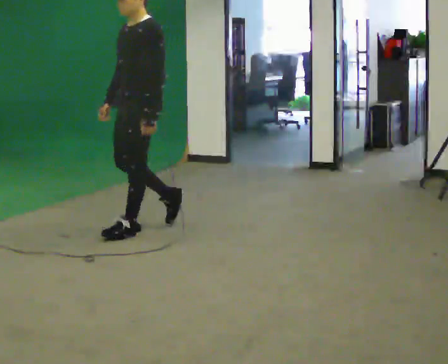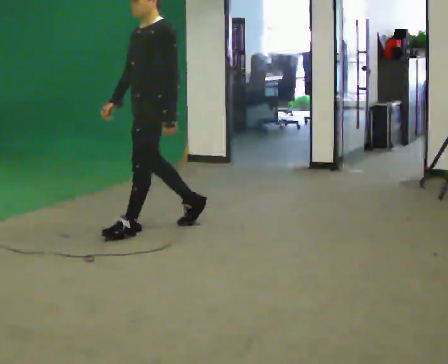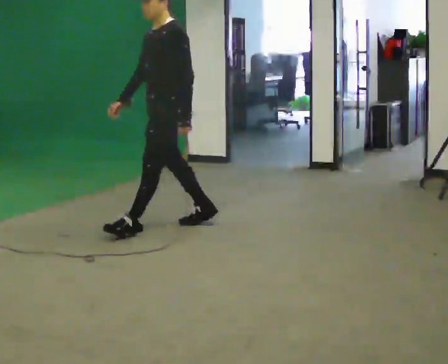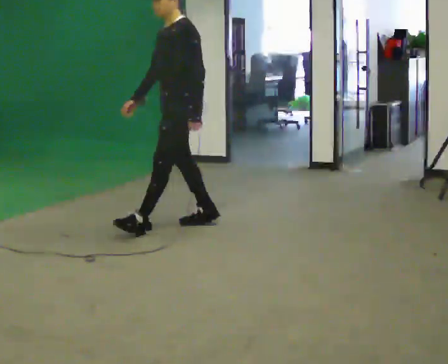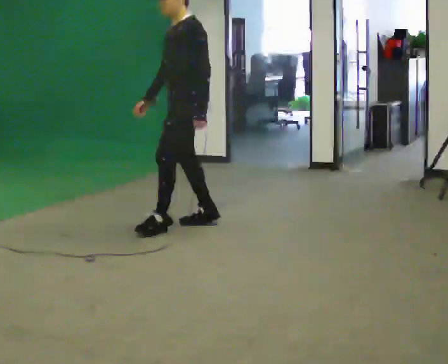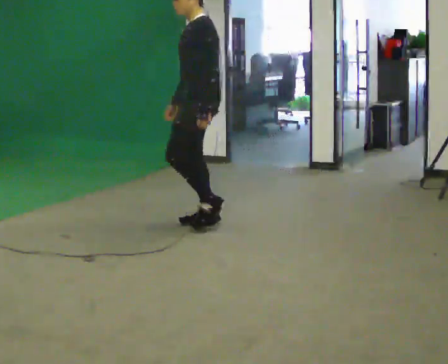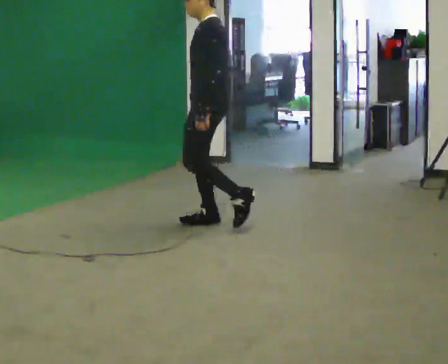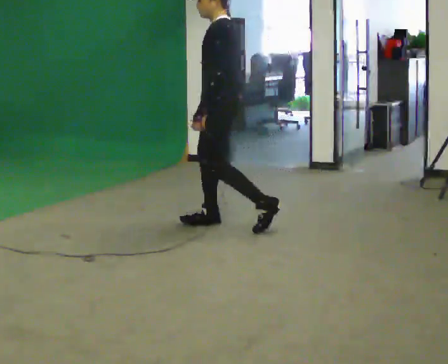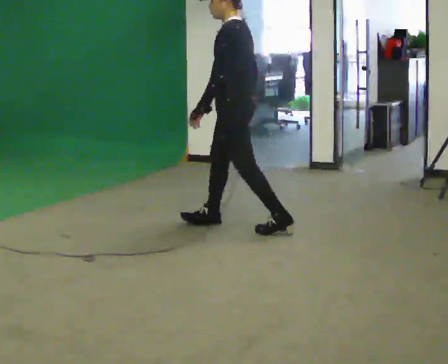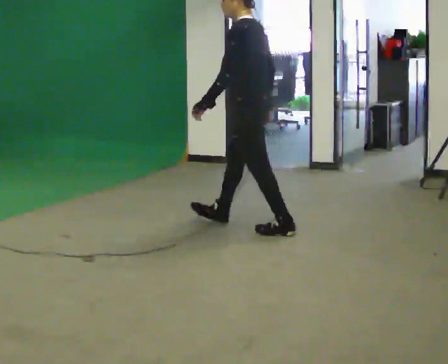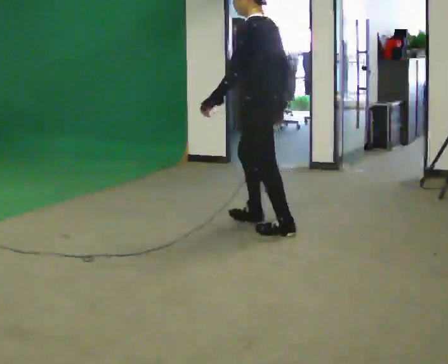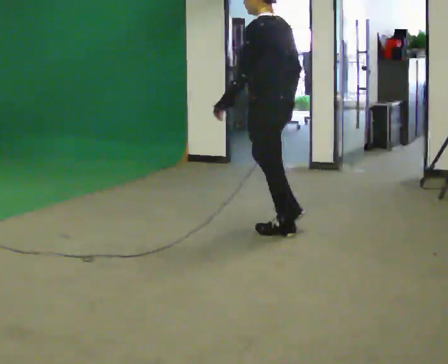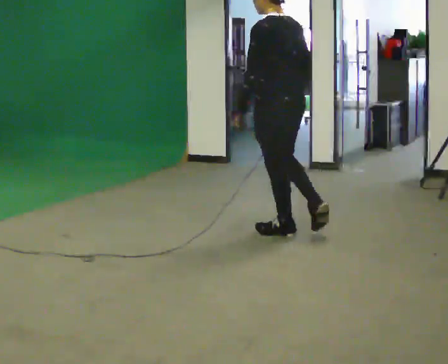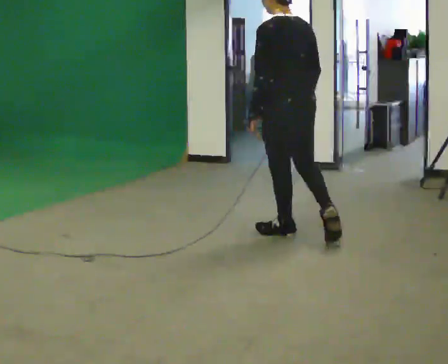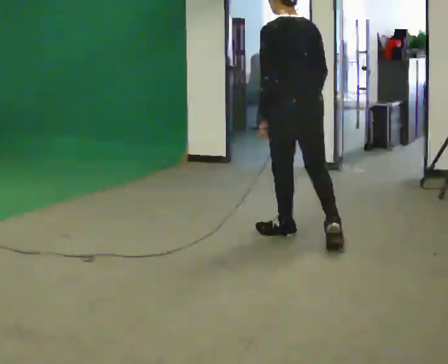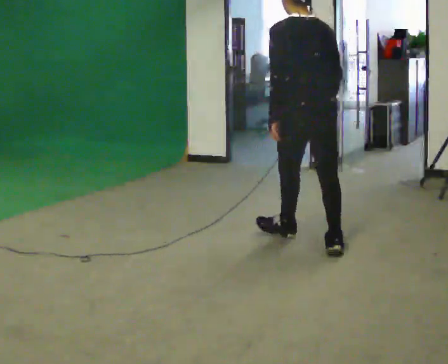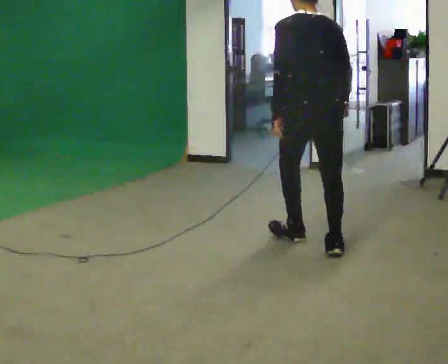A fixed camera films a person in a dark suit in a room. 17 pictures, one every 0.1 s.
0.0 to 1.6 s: The person turns about 105 degrees to their right, clockwise seen from above, so the part of the body nearest the lens slides to the left. In the picture they go to the right, about 1 m in 3 steps.
The film runs backward here.
